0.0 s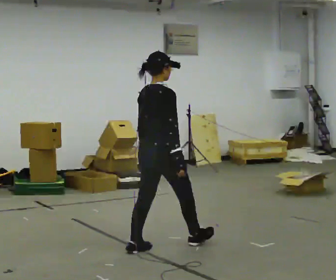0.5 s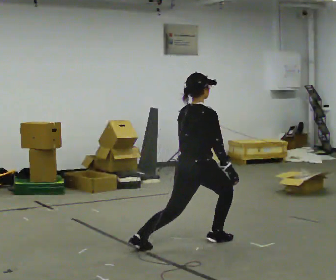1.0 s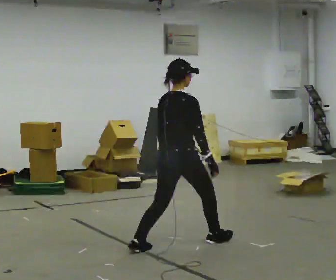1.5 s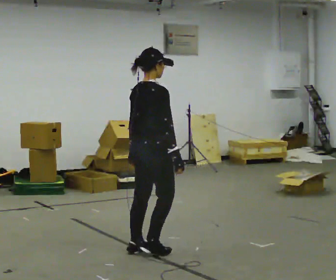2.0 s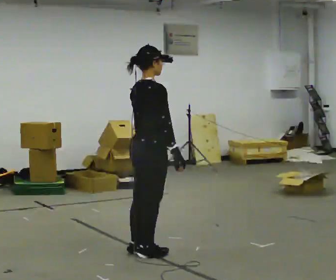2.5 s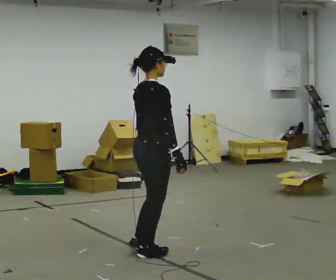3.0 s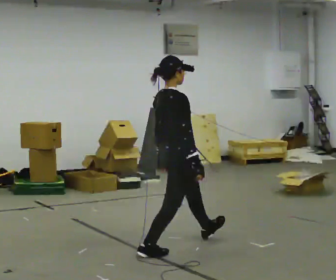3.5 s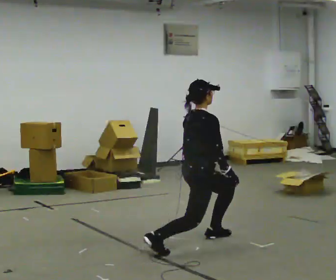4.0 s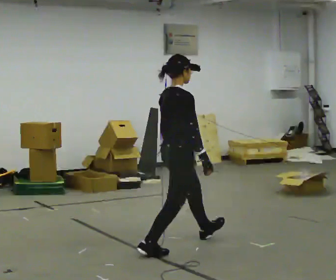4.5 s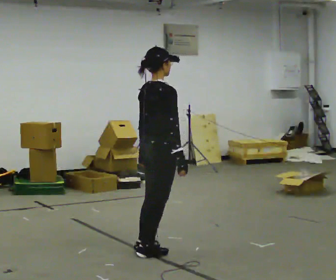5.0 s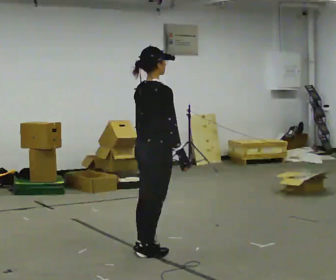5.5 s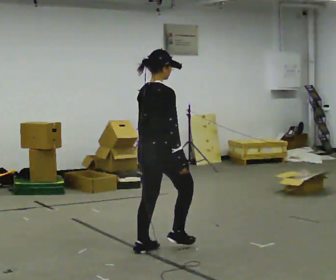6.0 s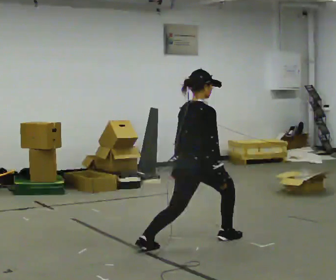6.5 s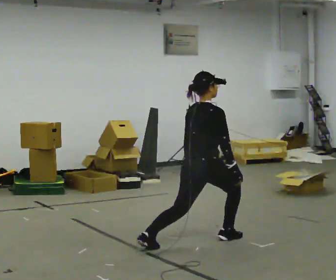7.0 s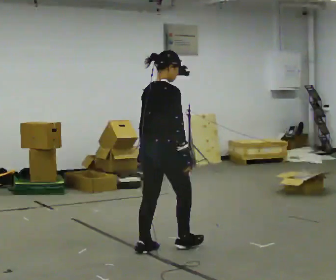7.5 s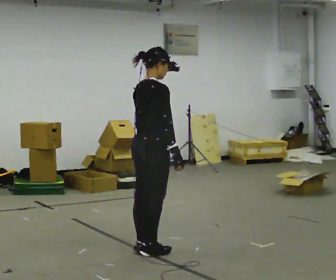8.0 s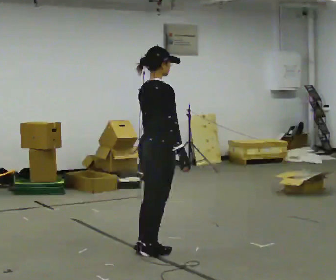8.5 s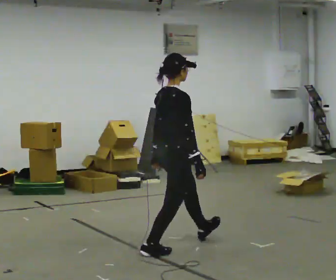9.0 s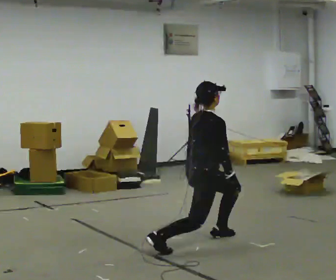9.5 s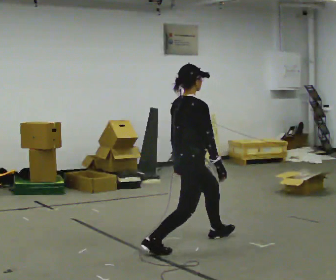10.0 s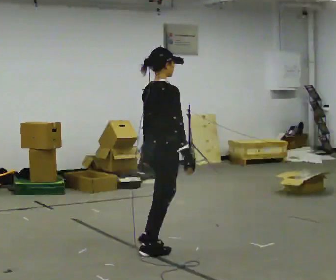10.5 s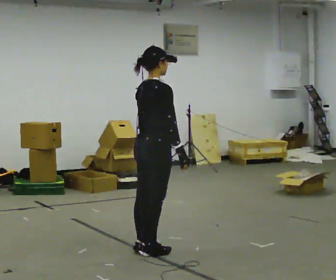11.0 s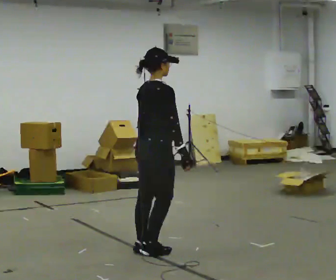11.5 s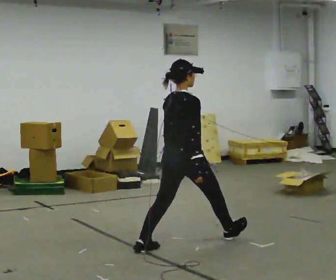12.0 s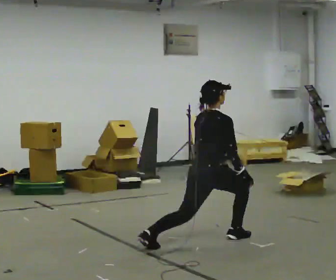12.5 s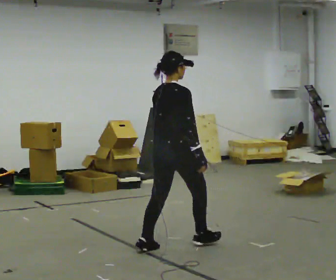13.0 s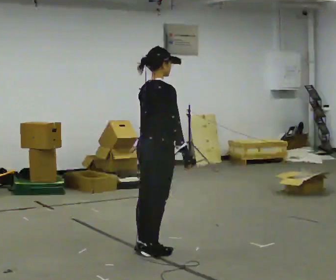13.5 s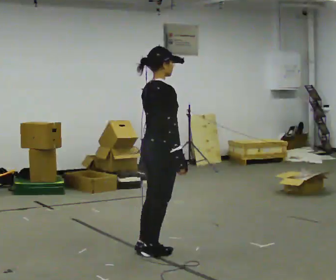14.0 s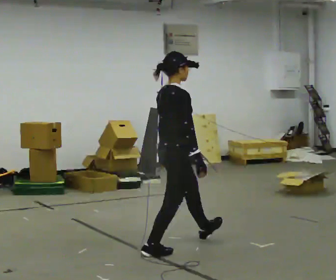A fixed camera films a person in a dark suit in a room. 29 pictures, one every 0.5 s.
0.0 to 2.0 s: In the picture they go toward the camera, about 0.25 m in 2 steps, which for them is backward.
2.0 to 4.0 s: In the picture they go to the right and away from the camera, about 0.25 m in 1 step, which for them is forward.
4.0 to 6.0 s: Seen from above the body turns counterclockwise, about 30 degrees: to their left, with its near side sliding to the right. In the picture they go away from the camera and to the right, about 0.25 m in 2 steps, which for them is forward.
6.0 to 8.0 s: In the picture they go to the left and toward the camera, about 0.5 m in 1 step, which for them is backward.
8.0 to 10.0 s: The person moves a little, or ends about where they began.
10.0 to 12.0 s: In the picture they go to the right and away from the camera, about 0.5 m in 2 steps, which for them is forward. The shoulders move downward.
12.0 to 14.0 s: The person turns about 30 degrees to their right, clockwise seen from above, so the part of the body nearest the lens slides to the left. In the picture they go toward the camera and to the left, about 0.5 m in 1 step, which for them is backward. The shoulders move upward.
The film runs forward here.
